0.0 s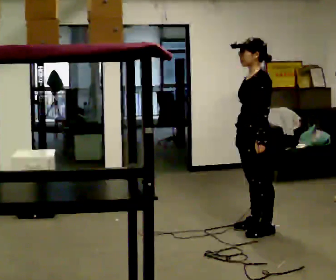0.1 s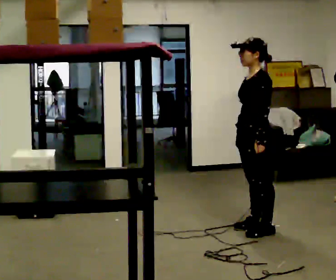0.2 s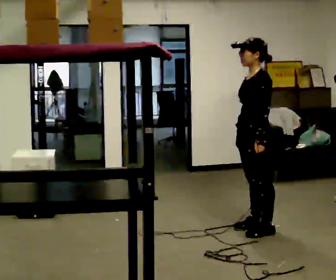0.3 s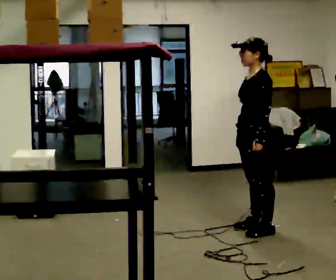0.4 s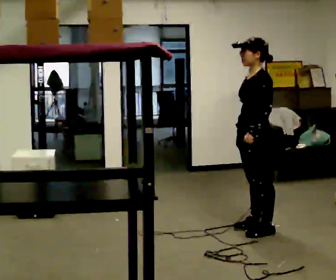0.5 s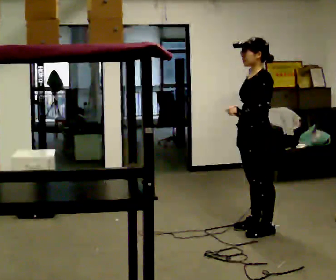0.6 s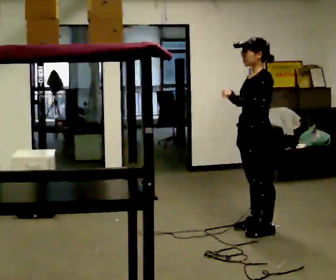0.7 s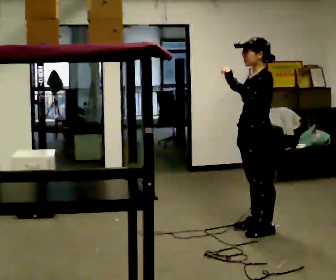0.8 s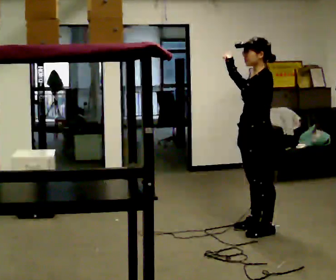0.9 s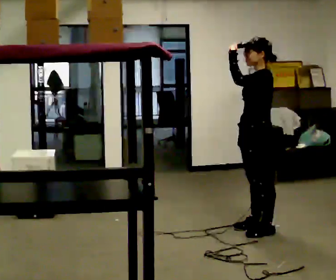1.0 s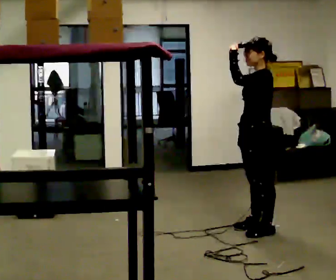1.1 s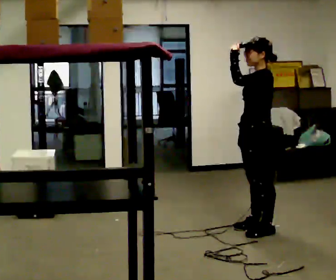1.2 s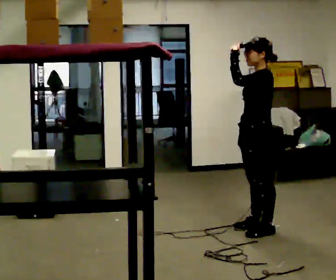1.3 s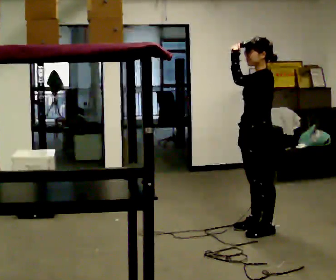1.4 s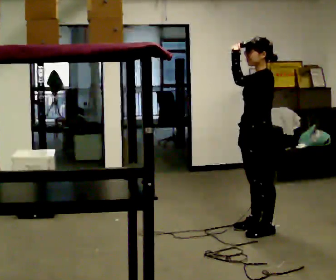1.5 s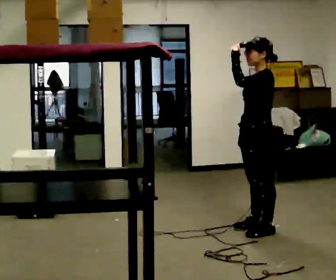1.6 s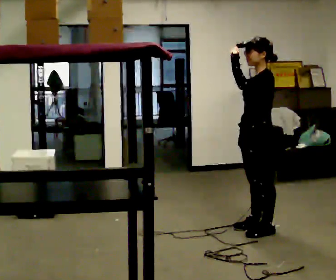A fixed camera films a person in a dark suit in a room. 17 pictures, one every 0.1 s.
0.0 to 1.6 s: In the picture their left hand goes upward.
The film runs forward here.
